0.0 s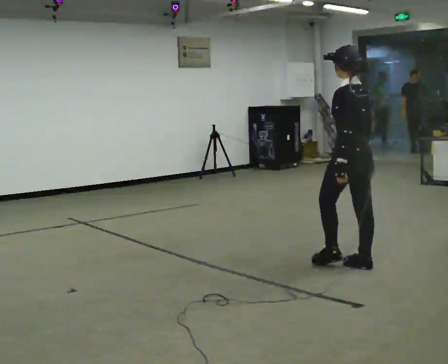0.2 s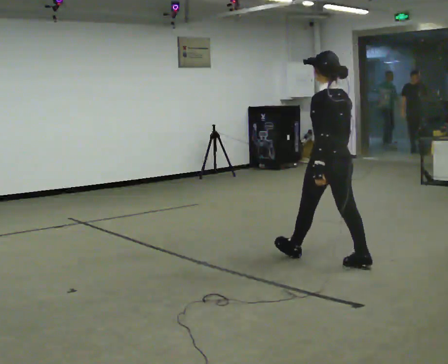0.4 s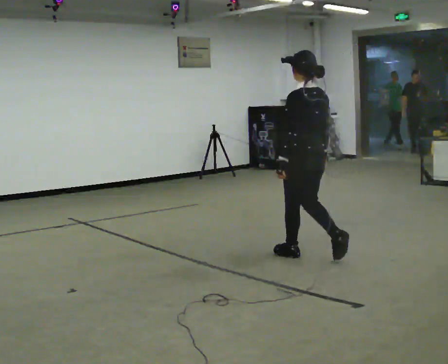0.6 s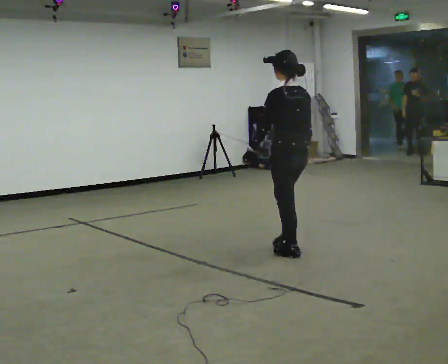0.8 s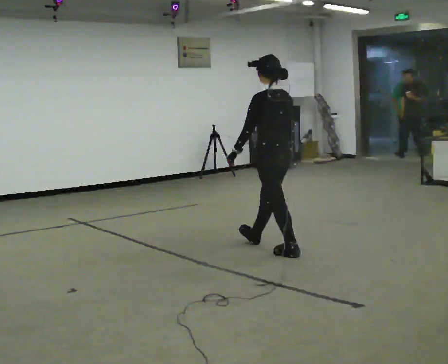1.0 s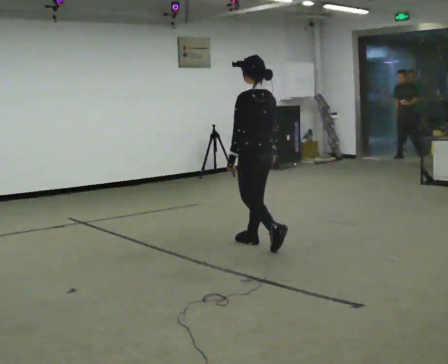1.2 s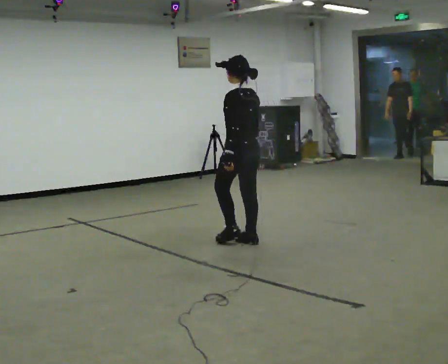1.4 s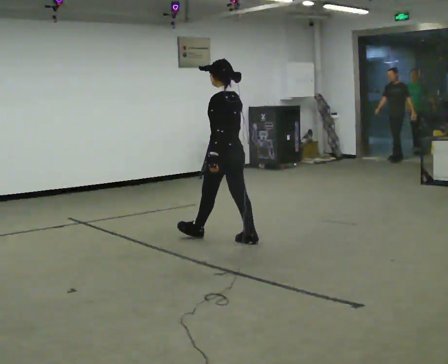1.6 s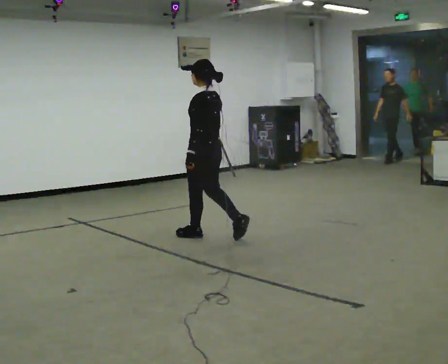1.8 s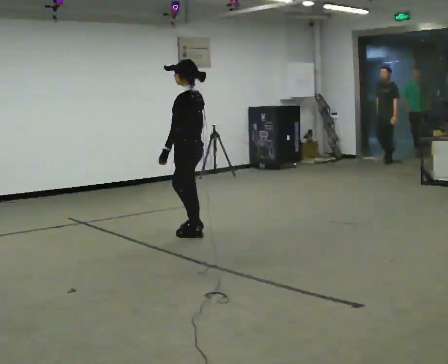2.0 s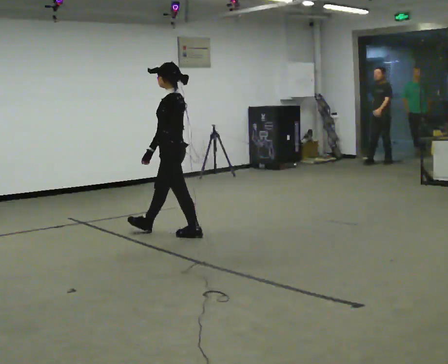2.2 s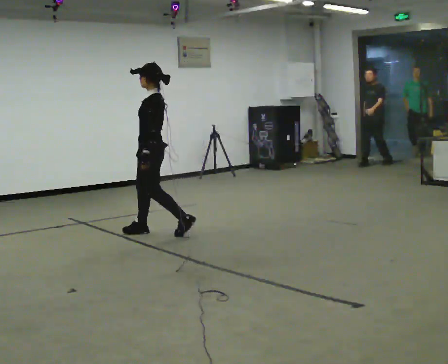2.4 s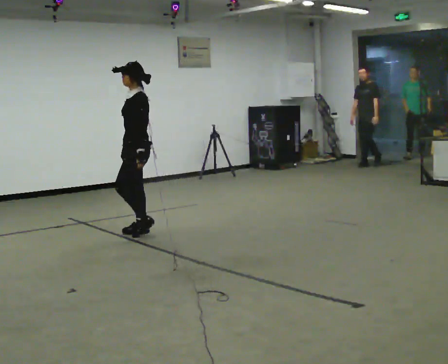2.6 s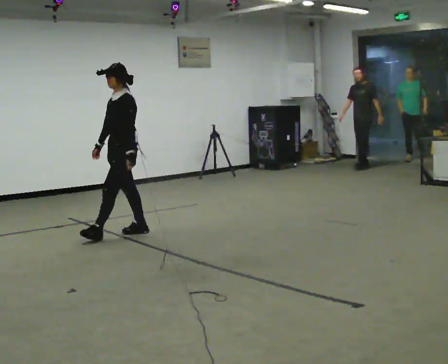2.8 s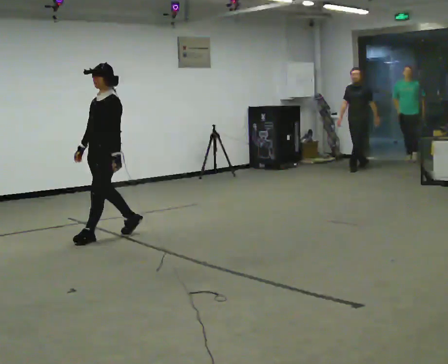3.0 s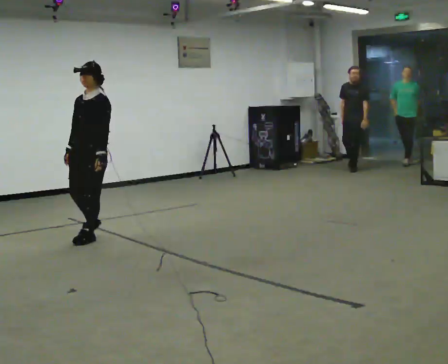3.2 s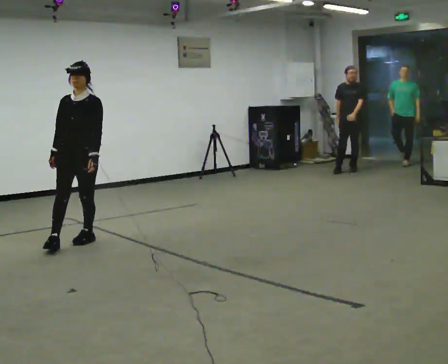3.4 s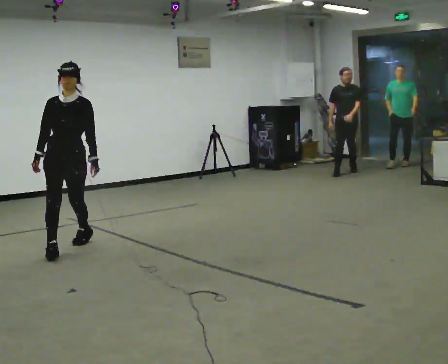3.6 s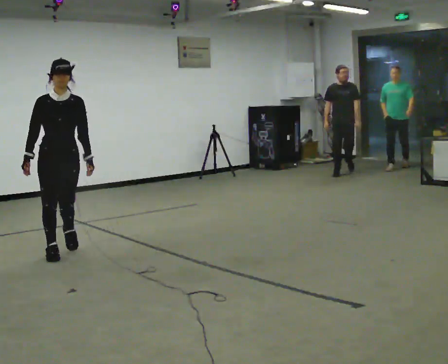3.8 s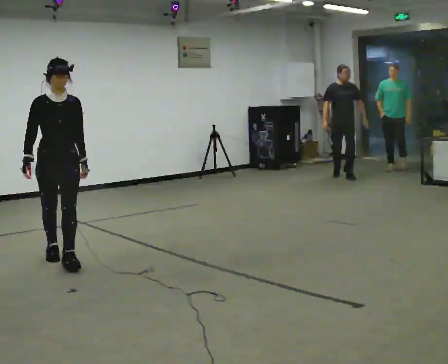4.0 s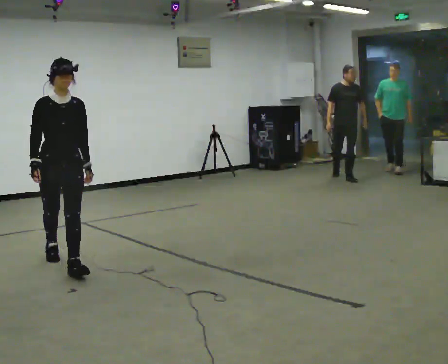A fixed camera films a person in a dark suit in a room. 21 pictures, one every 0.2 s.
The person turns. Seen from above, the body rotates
counterclockwise.
The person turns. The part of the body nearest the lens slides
to the right.
0.0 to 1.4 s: In the picture they go away from the camera and to the left, about 1.5 m in 2 steps, which for them is forward.
1.4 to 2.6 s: The part of the body nearest the lens slides to the right as the person turns to their left by about 60 degrees. In the picture they go to the left, about 1 m in 2 steps.
2.6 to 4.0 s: The part of the body nearest the lens slides to the right as the person turns to their left by about 90 degrees. In the picture they go toward the camera and to the left, about 1 m in 3 steps.
The film runs forward here.
